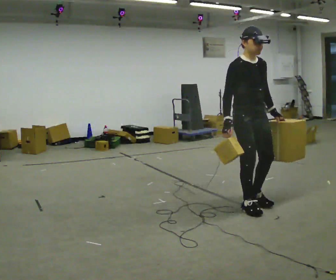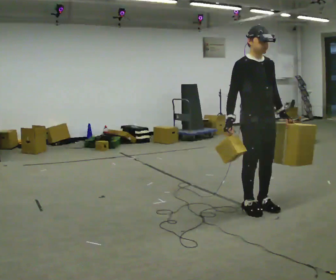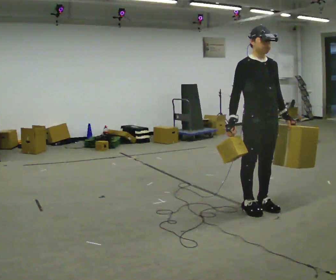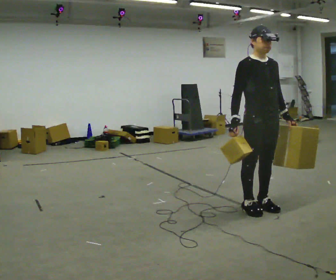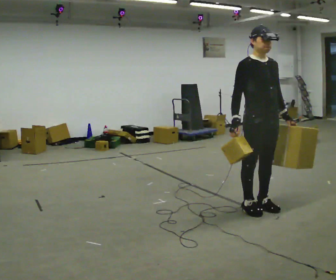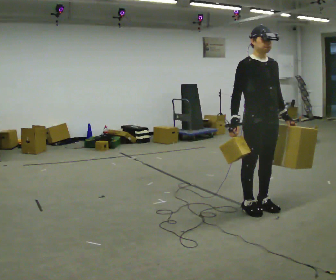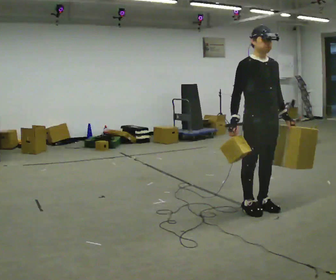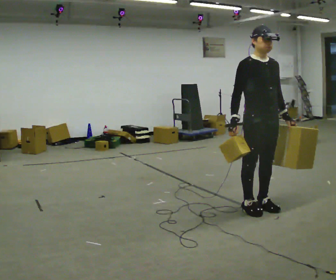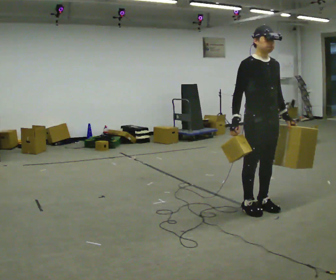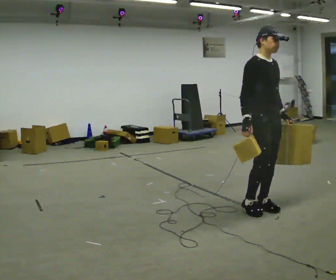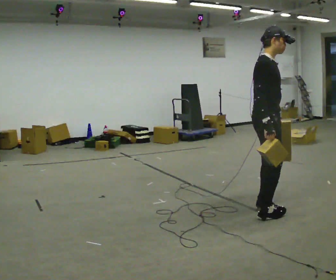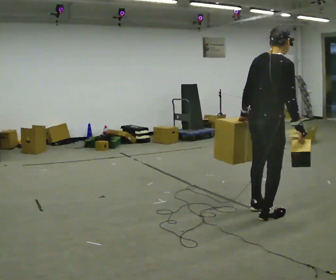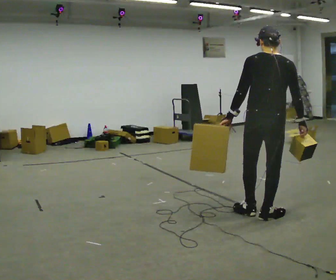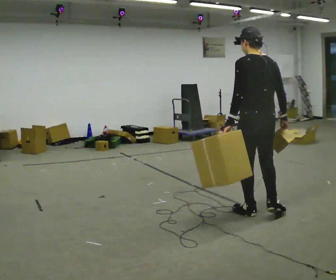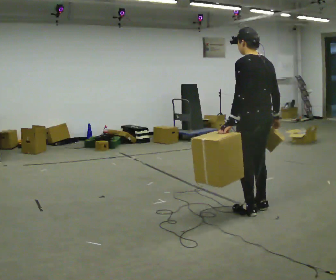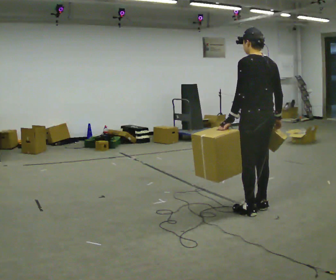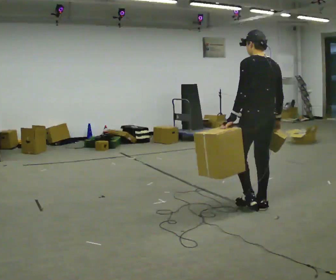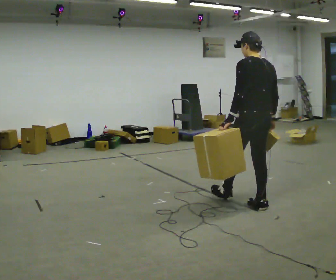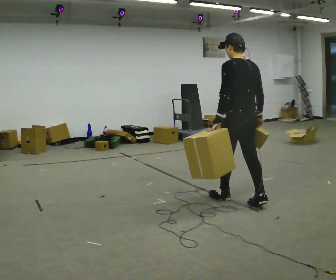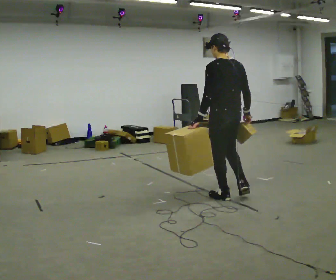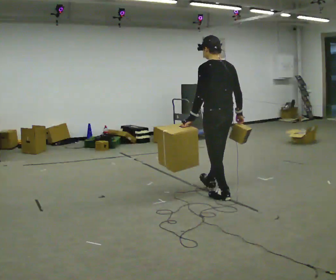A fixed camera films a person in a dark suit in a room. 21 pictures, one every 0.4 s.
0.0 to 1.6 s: The person moves a little, or ends about where they began.
1.6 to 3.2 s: The person keeps their place and pose.
3.2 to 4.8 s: The part of the body nearest the lens slides to the right as the person turns to their left by about 150 degrees. In the picture they go toward the camera, about 0.25 m in 2 steps. In the picture their left hand goes to the left, the arm swinging clockwise.
4.8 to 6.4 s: The person turns about 30 degrees to their left, counterclockwise seen from above, so the part of the body nearest the lens slides to the right. In the picture they go away from the camera, about 0.25 m in 1 step, which for them is forward and to their right.
6.4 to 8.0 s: In the picture they go to the left and away from the camera, about 0.5 m in 2 steps, which for them is forward.
The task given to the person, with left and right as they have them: Carry one object in each hand, the heavy one in the hand the operator calls, walking back and forth across the room.
The film runs forward here.
